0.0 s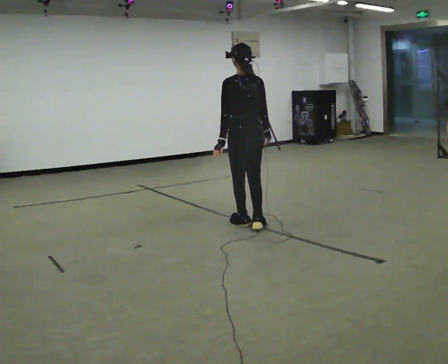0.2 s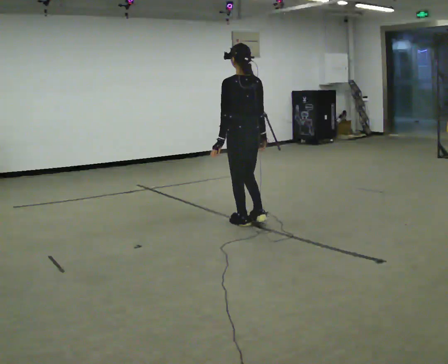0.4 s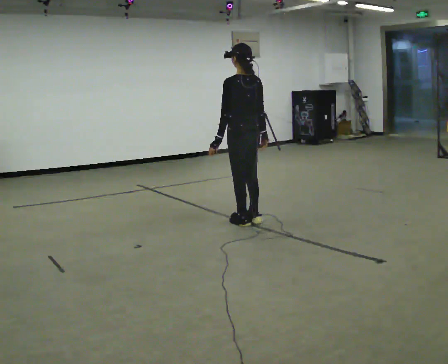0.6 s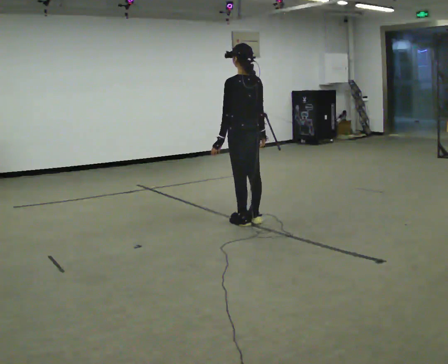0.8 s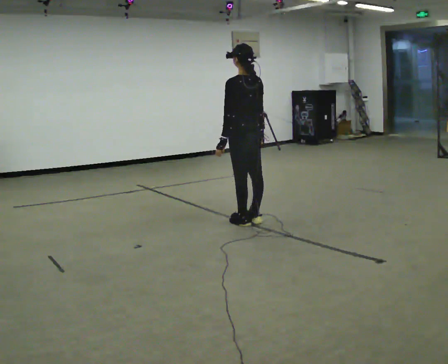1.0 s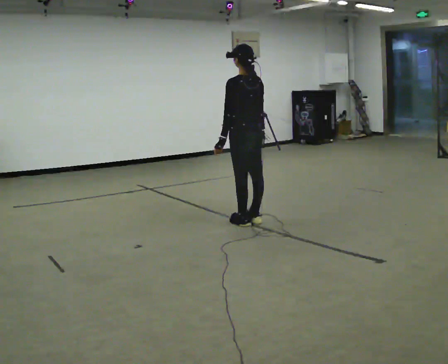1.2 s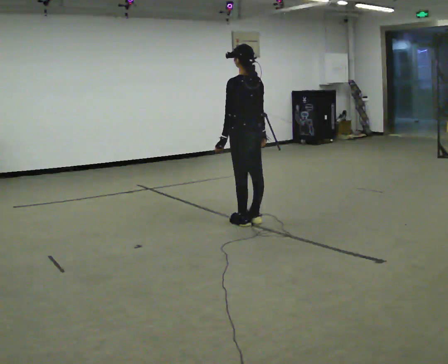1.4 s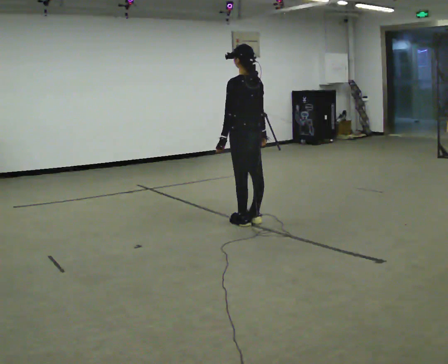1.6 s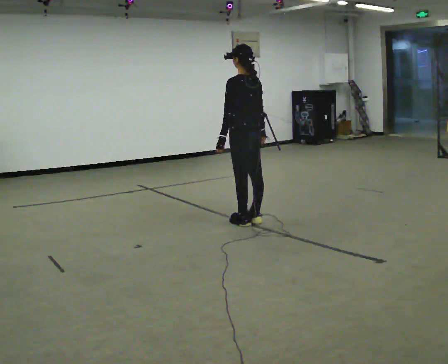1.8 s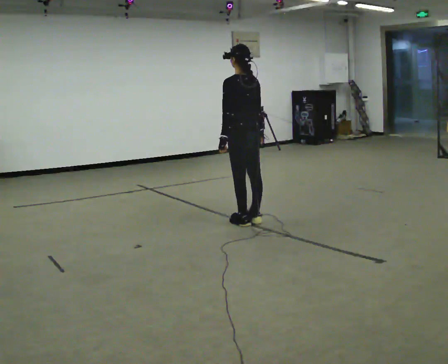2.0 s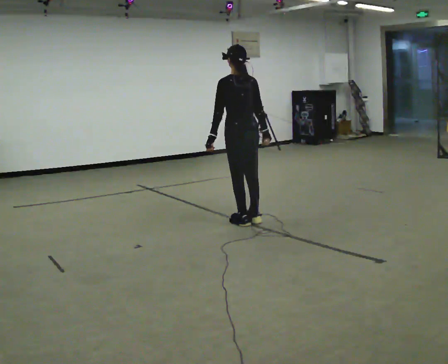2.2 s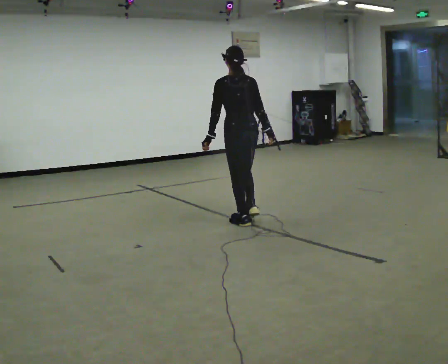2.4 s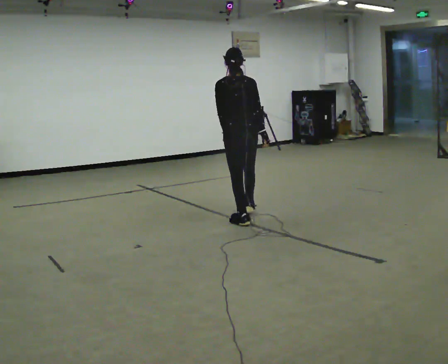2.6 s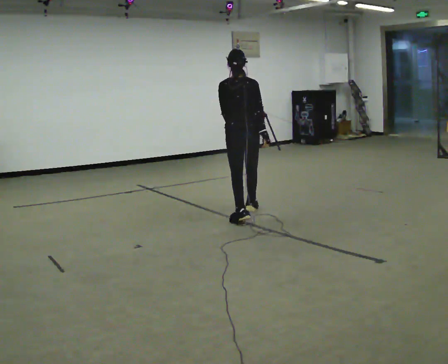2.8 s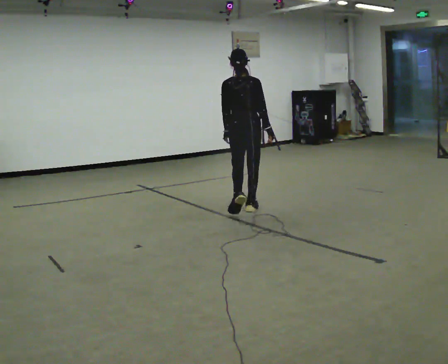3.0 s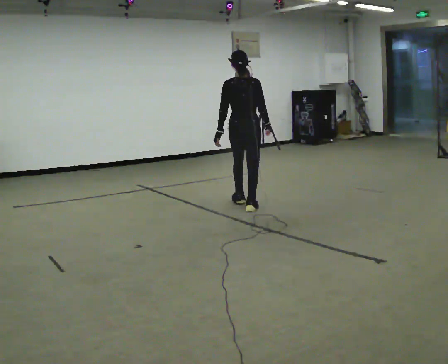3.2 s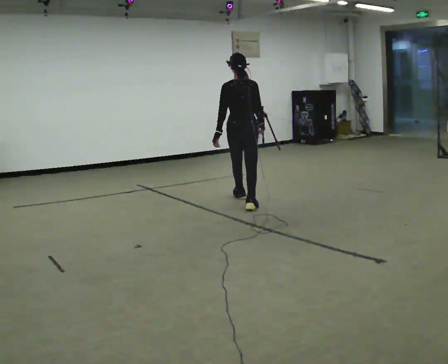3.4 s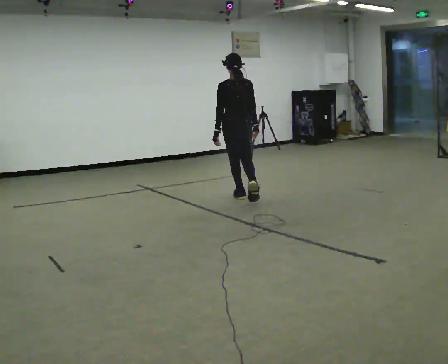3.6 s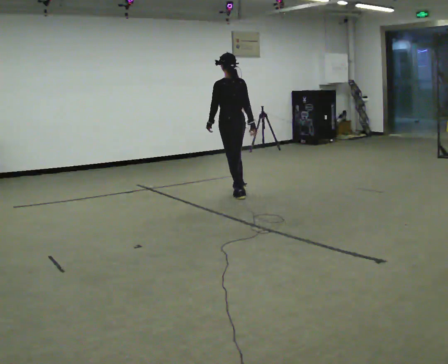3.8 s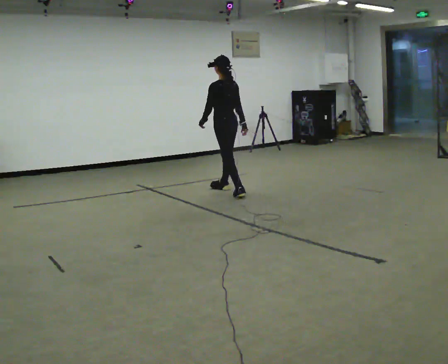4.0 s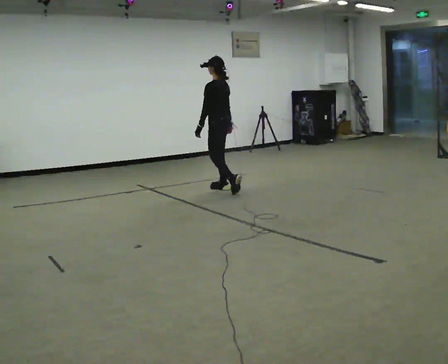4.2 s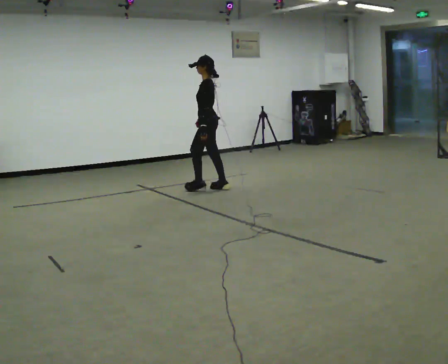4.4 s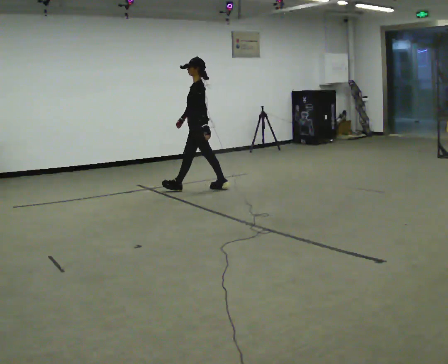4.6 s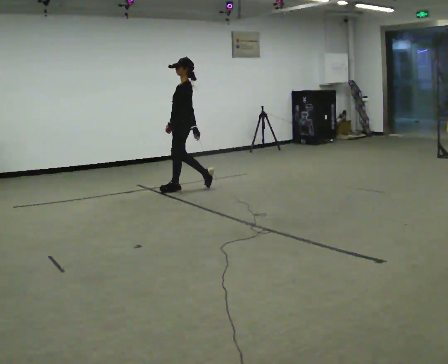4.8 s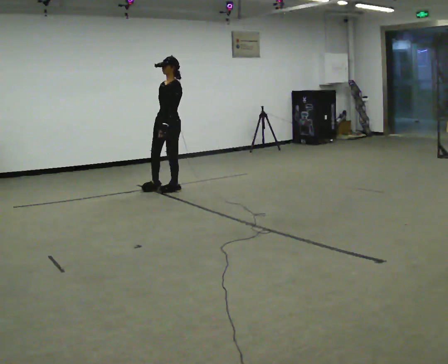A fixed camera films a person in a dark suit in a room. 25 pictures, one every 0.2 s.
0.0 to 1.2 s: The person moves a little, or ends about where they began.
1.2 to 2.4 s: The person turns about 30 degrees to their right, clockwise seen from above, so the part of the body nearest the lens slides to the left.
2.4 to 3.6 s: The part of the body nearest the lens slides to the right as the person turns to their left by about 30 degrees. In the picture they go away from the camera, about 1 m in 2 steps, which for them is forward.
3.6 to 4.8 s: Seen from above the body turns counterclockwise, about 105 degrees: to their left, with its near side sliding to the right. In the picture they go to the left, about 1 m in 2 steps.
The film runs forward here.
